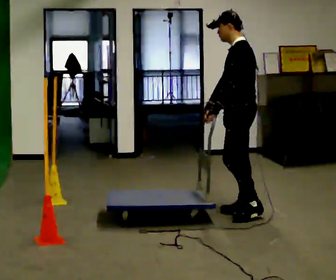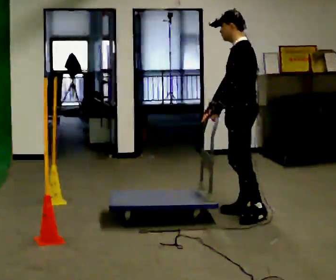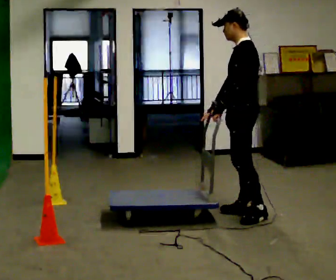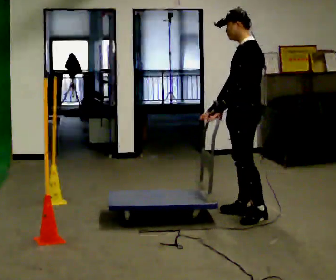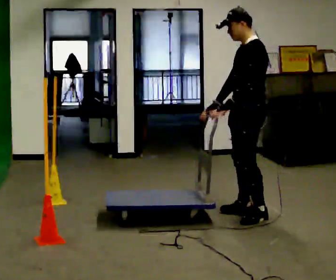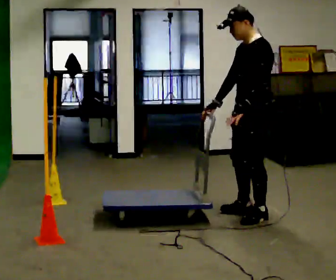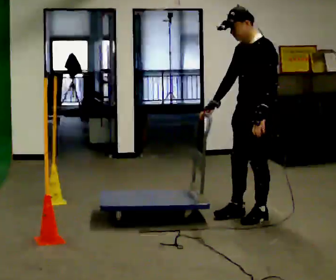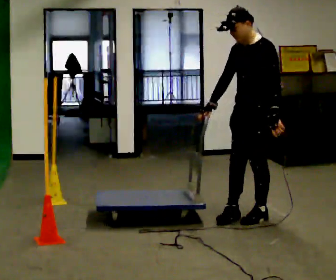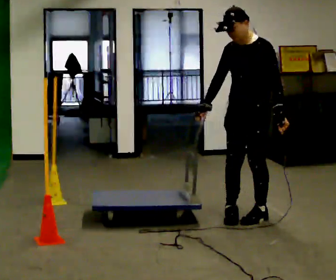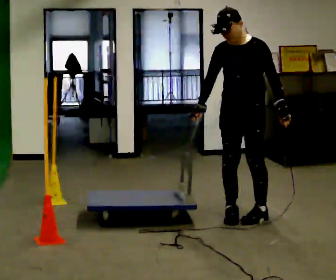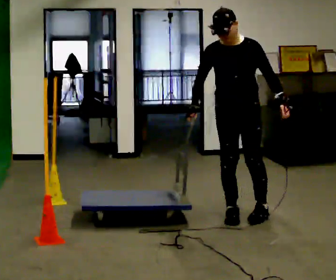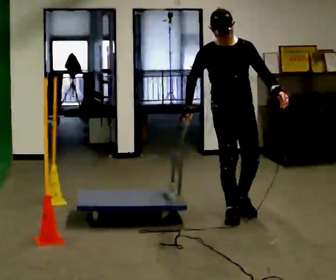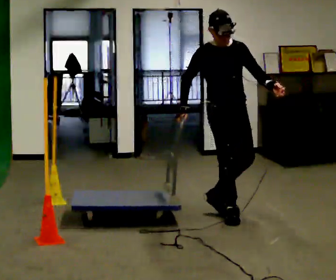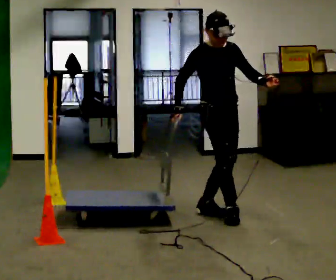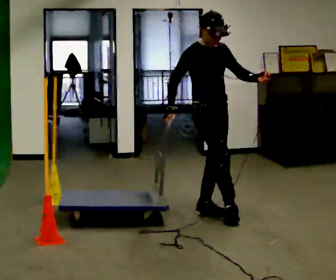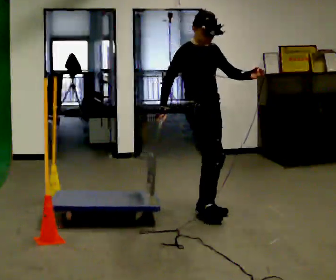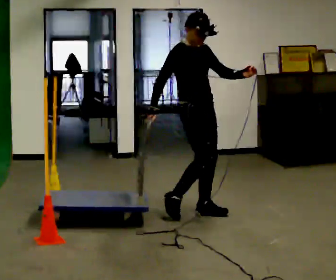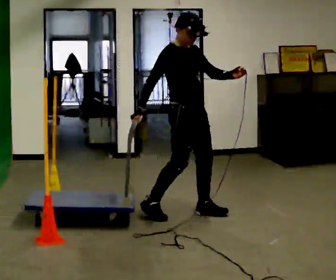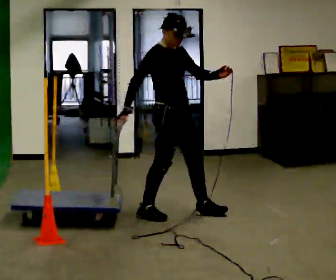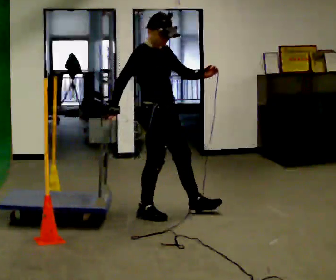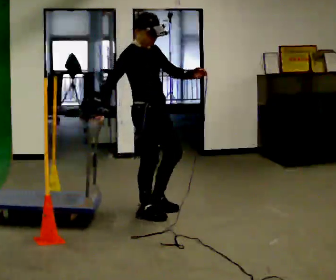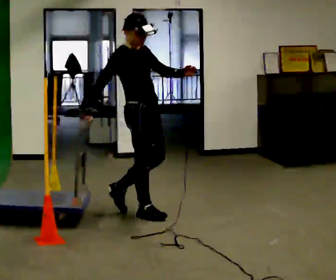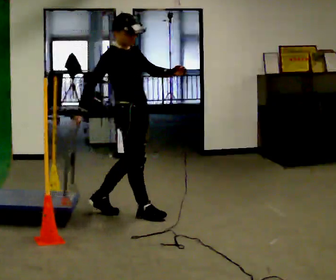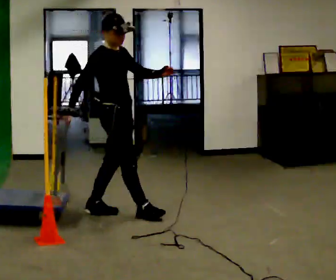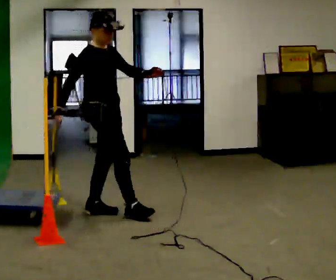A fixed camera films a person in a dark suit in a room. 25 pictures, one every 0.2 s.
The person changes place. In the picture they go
to the left.
The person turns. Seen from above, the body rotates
counterclockwise.
0.0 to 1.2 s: Seen from above the body turns counterclockwise, about 30 degrees: to their left, with its near side sliding to the right. In the picture they go toward the camera, about 0.25 m in 1 step, which for them is to their left. In the picture their left hand goes to the right.
1.2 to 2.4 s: Seen from above the body turns counterclockwise, about 90 degrees: to their left, with its near side sliding to the right. In the picture they go to the left, about 0.25 m in 1 step.
2.4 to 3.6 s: The person turns about 30 degrees to their left, counterclockwise seen from above, so the part of the body nearest the lens slides to the right. In the picture they go to the left, about 0.5 m in 1 step, which for them is backward and to their right.
3.6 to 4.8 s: In the picture they go to the left, about 0.5 m in 2 steps, which for them is backward.
The film runs backward here.
